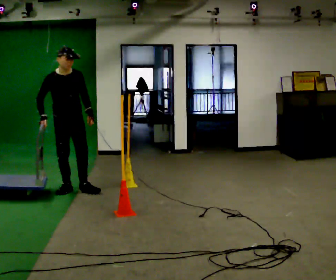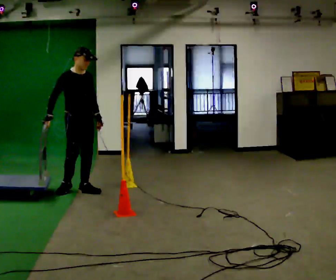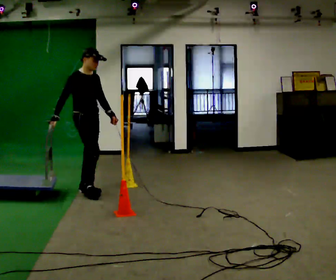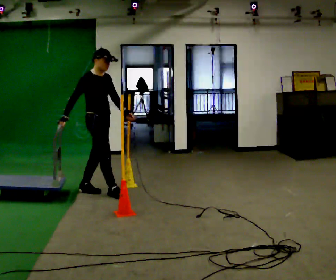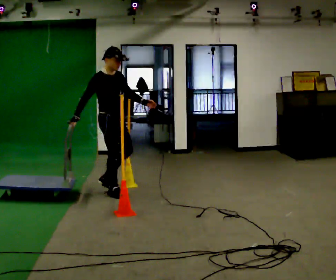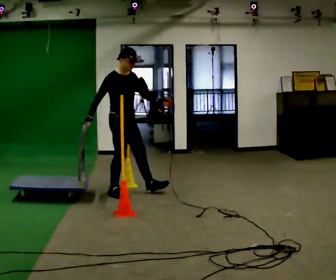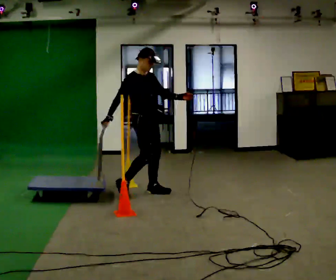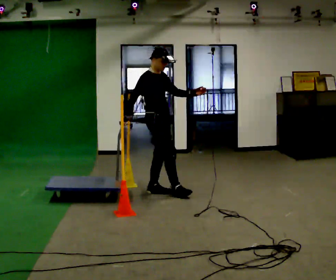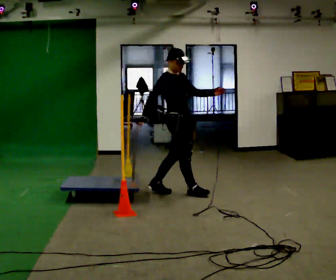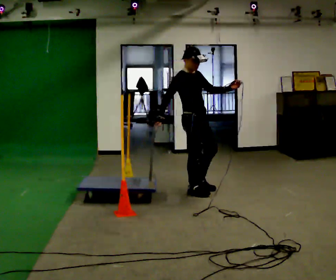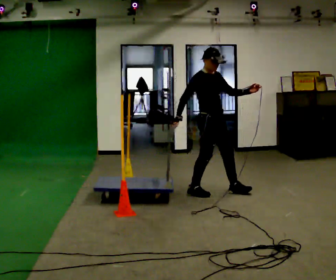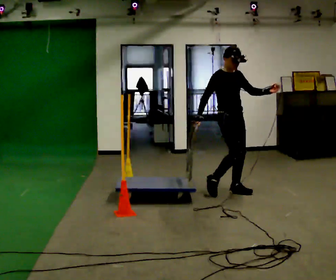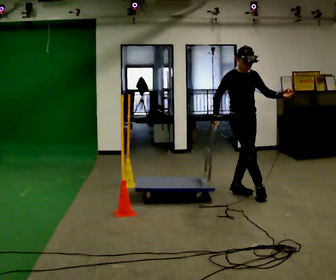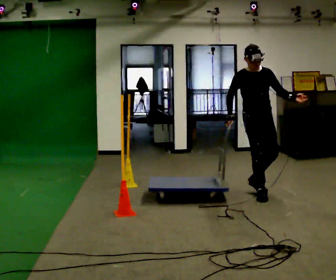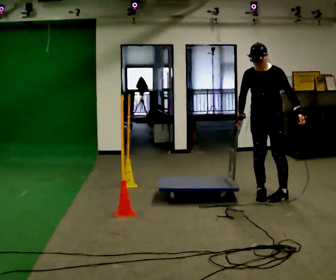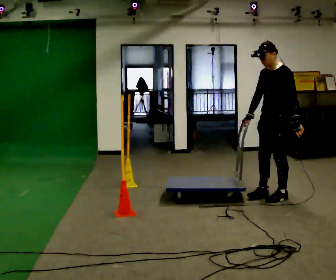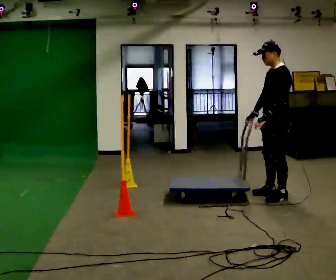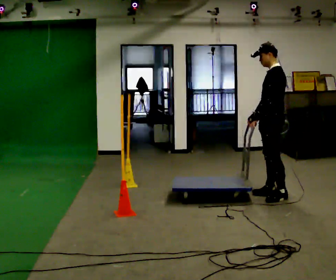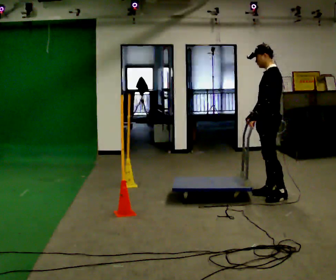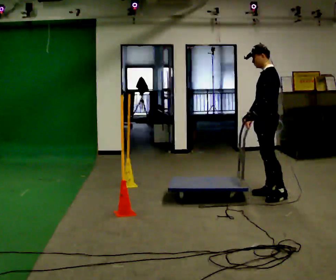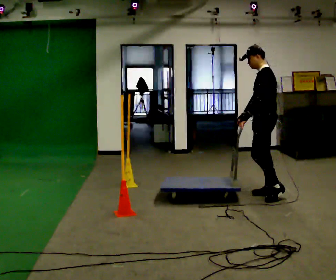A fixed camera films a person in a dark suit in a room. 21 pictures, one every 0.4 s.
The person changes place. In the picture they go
to the right.
0.0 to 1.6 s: The person turns about 30 degrees to their left, counterclockwise seen from above, so the part of the body nearest the lens slides to the right. In the picture they go to the right, about 0.5 m in 1 step, which for them is forward.
1.6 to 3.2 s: In the picture they go to the right, about 1 m in 2 steps, which for them is forward and to their left.
3.2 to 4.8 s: Seen from above the body turns clockwise, about 30 degrees: to their right, with its near side sliding to the left. In the picture they go to the right, about 1 m in 1 step, which for them is forward and to their left.
4.8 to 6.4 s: The person turns about 120 degrees to their right, clockwise seen from above, so the part of the body nearest the lens slides to the left. In the picture they go to the right and toward the camera, about 0.5 m in 2 steps.
6.4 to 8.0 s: The person moves a little, or ends about where they began.
The film runs forward here.
